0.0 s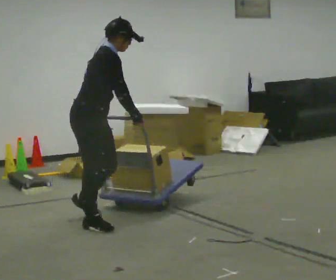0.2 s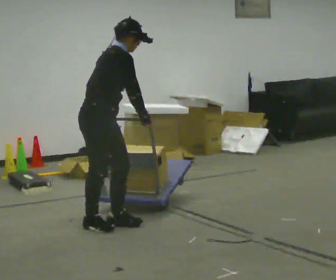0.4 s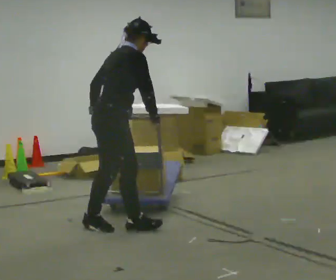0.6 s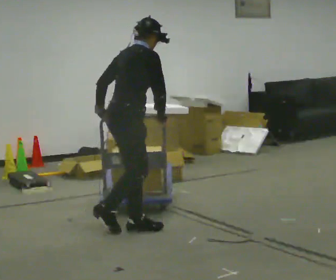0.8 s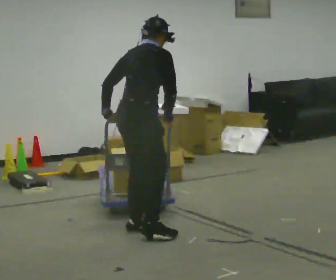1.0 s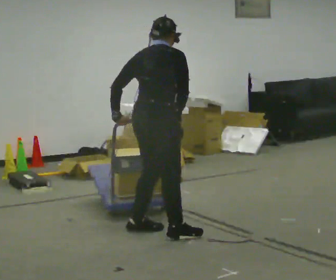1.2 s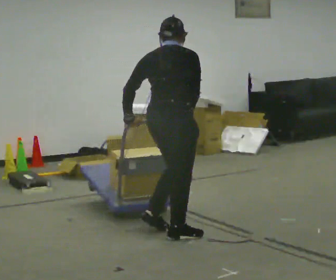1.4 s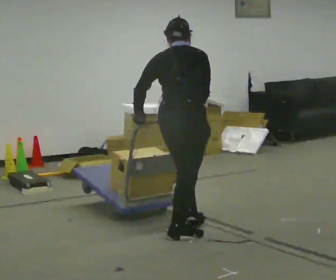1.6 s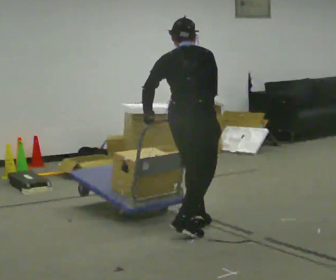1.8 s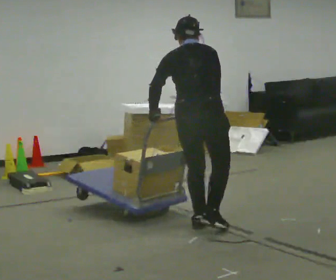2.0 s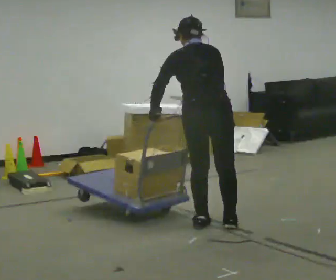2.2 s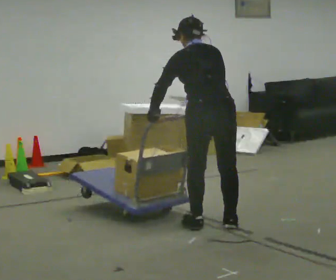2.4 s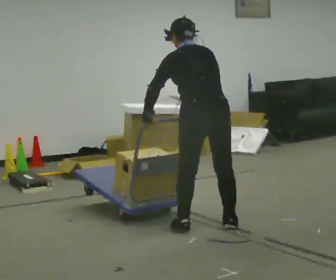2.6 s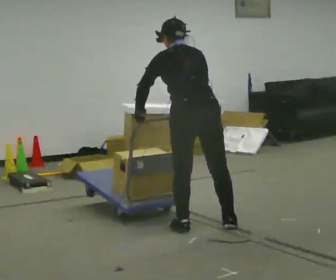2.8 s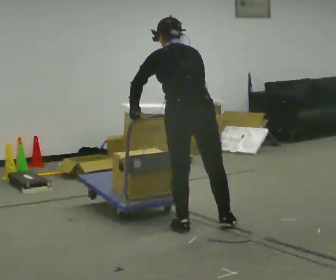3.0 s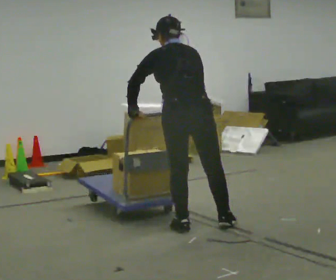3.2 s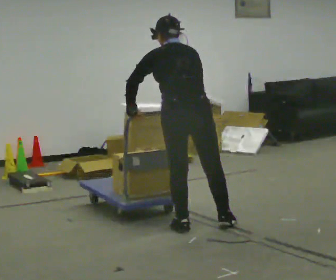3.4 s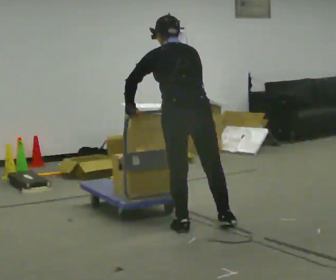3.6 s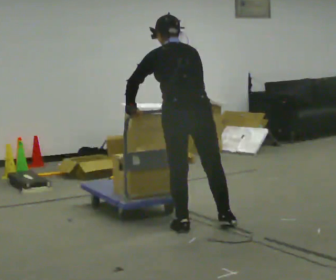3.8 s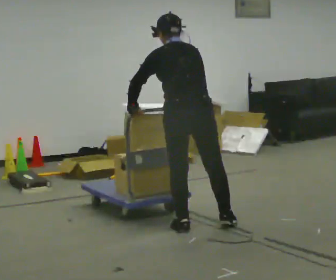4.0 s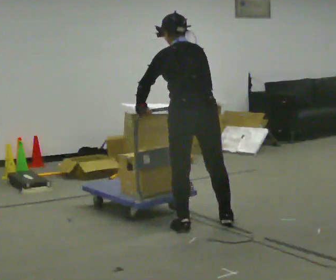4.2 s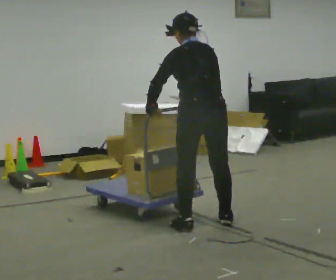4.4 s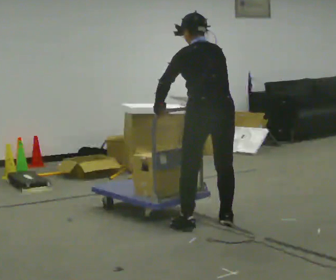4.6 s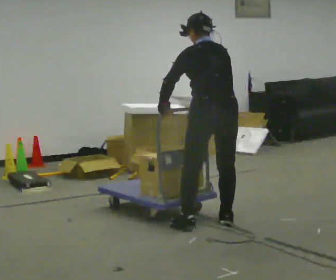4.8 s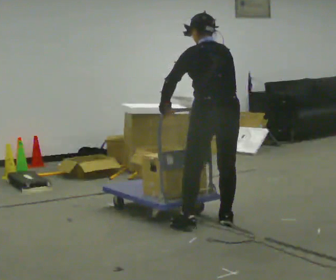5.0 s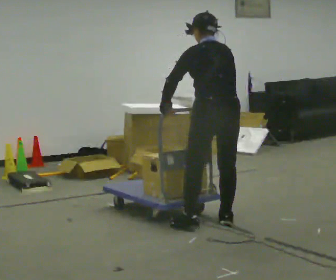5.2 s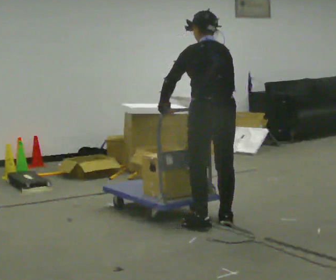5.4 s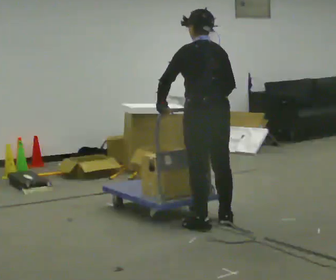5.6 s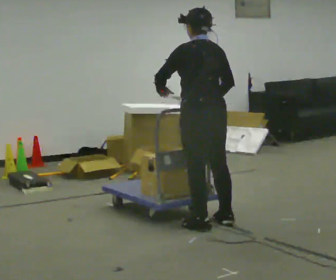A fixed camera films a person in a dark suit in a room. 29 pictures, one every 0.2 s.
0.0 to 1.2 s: The person turns about 60 degrees to their left, counterclockwise seen from above, so the part of the body nearest the lens slides to the right. In the picture they go to the right, about 0.75 m in 2 steps. In the picture the upper body tilts counterclockwise, shoulders to the left.
1.2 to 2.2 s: The part of the body nearest the lens slides to the right as the person turns to their left by about 45 degrees. In the picture they go to the right and away from the camera, about 0.25 m in 2 steps, which for them is forward and to their right. In the picture the upper body tilts counterclockwise, shoulders to the left.
2.2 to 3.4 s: In the picture they go to the left, about 0.25 m, which for them is to their left.
3.4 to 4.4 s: In the picture they go to the right, about 0.25 m, which for them is to their right.
4.4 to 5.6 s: The person moves a little, or ends about where they began.
The film runs forward here.
